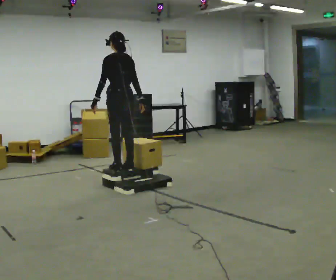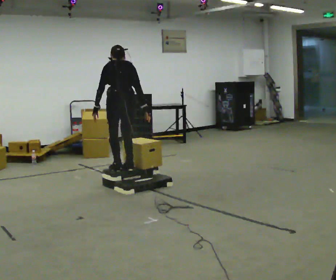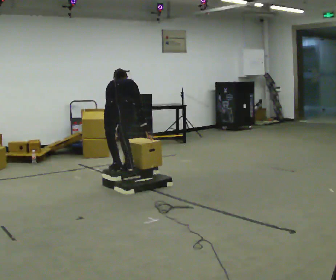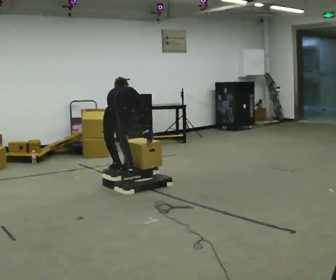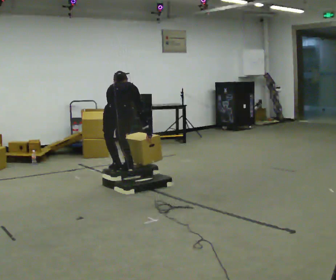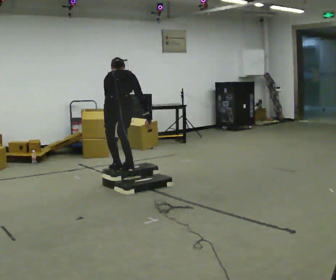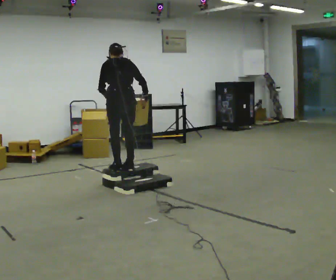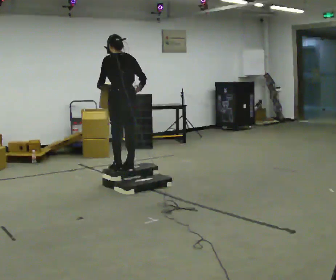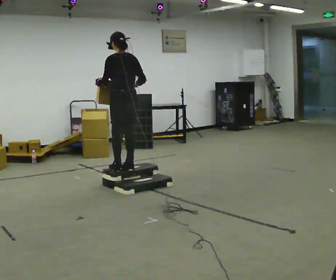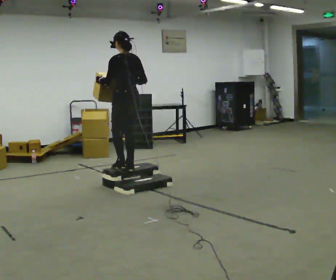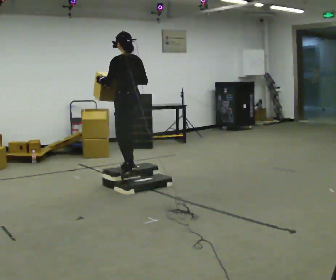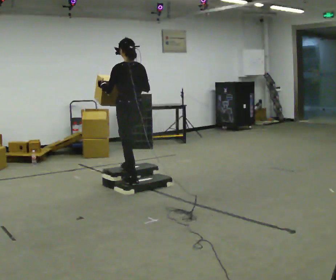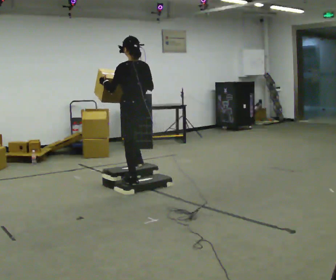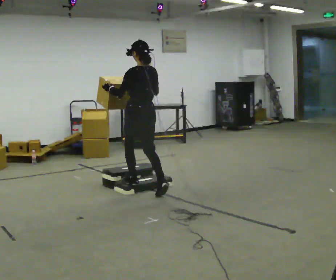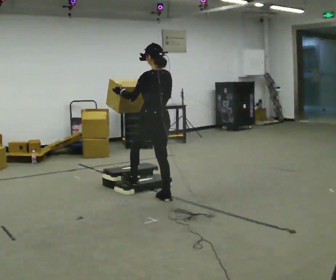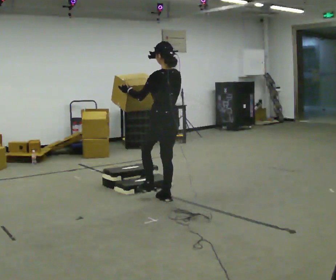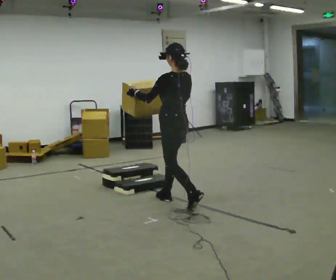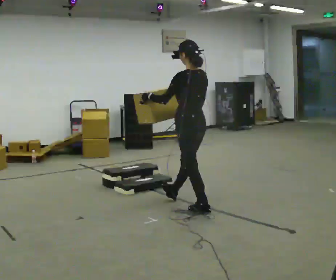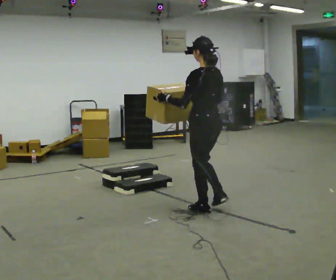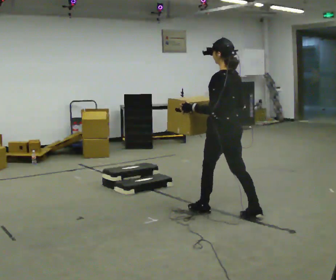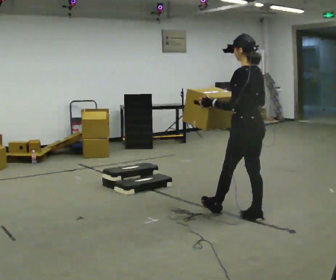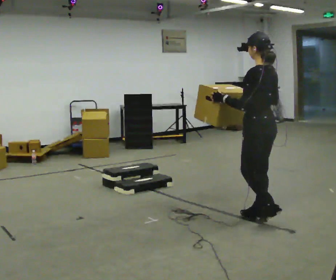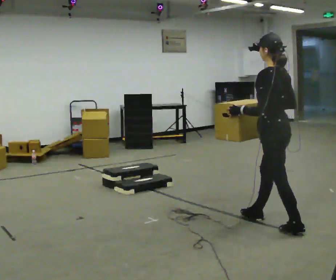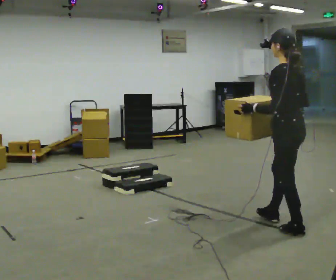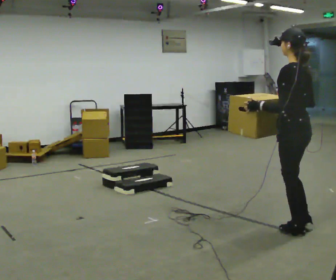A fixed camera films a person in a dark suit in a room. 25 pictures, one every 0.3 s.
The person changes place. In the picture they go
toward the camera.
0.0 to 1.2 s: The part of the body nearest the lens slides to the left as the person turns to their right by about 45 degrees. In the picture they go toward the camera, about 0.25 m, which for them is backward. The upper body goes downward. The upper body tips away from the camera, its near side rolling upward, as they bend forward. In the picture their left hand goes downward.
1.2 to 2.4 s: The part of the body nearest the lens slides to the right as the person turns to their left by about 30 degrees. The upper body goes upward. The upper body tips toward the camera, its near side rolling downward, as they lean back or straighten. In the picture their right hand goes upward.
2.4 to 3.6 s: In the picture they go toward the camera, about 0.25 m in 2 steps, which for them is backward.
3.6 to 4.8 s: In the picture they go toward the camera and to the right, about 0.5 m in 1 step, which for them is backward.
4.8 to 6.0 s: In the picture they go toward the camera and to the right, about 1 m in 2 steps, which for them is backward.
6.0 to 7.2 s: In the picture they go toward the camera and to the right, about 0.5 m in 1 step, which for them is backward.
The film runs backward here.
